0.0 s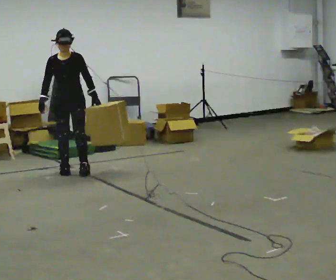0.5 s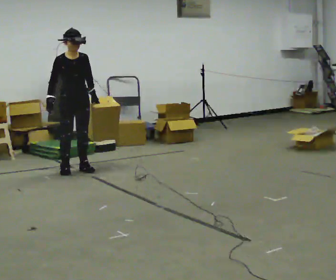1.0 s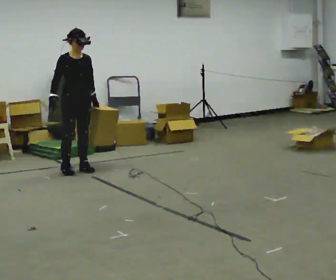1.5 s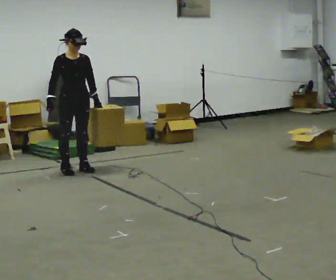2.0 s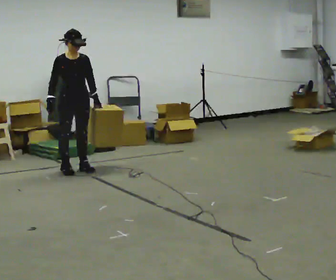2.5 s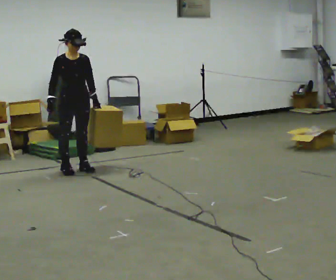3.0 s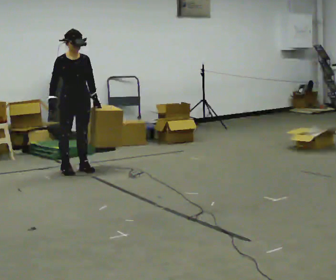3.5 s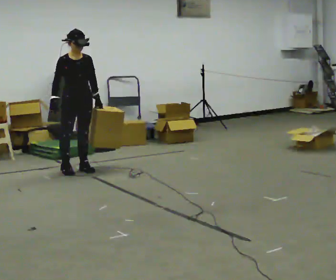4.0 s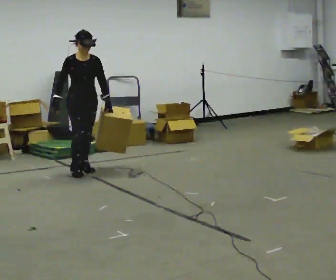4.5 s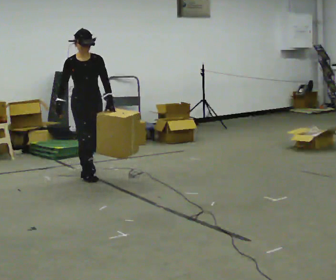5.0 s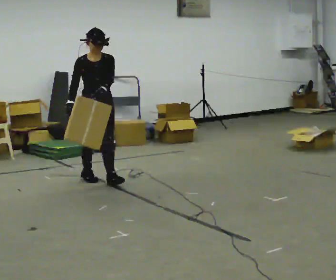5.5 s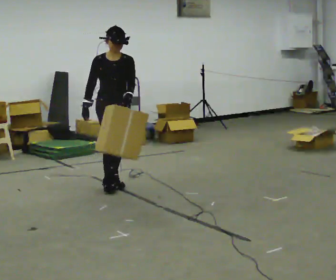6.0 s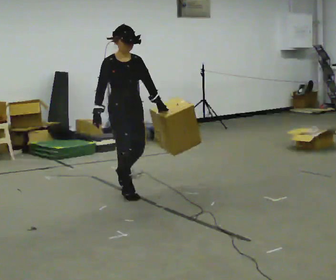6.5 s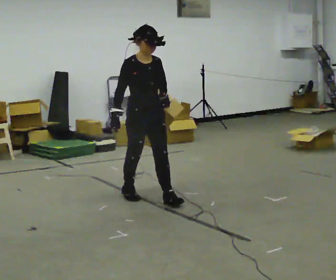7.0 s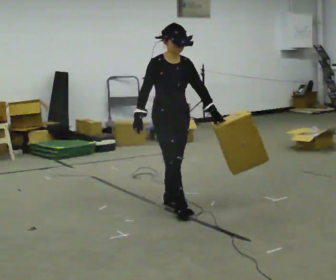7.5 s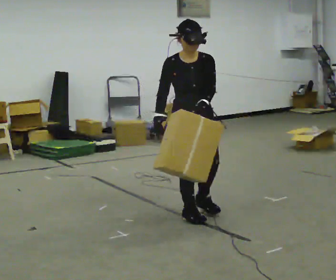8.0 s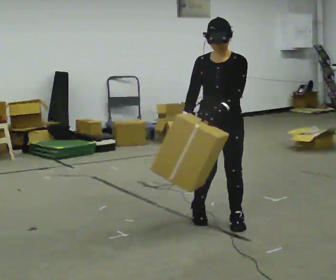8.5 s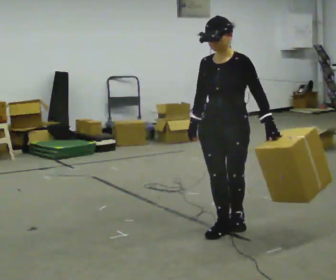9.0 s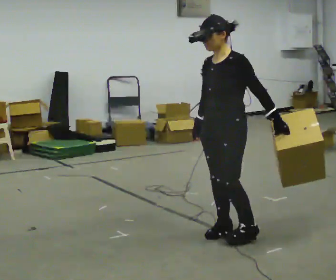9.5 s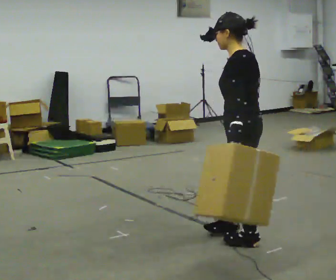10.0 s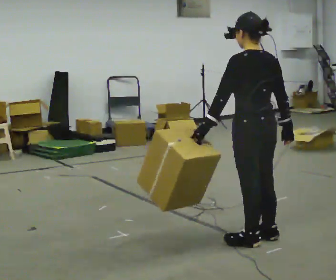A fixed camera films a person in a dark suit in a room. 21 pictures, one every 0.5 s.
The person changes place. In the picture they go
toward the camera.
0.0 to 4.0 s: The person moves a little, or ends about where they began.
4.0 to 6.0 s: In the picture they go toward the camera and to the right, about 1 m in 3 steps, which for them is forward.
6.0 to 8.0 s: The person turns about 45 degrees to their right, clockwise seen from above, so the part of the body nearest the lens slides to the left. In the picture they go toward the camera and to the right, about 1 m in 3 steps, which for them is forward.
8.0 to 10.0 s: The part of the body nearest the lens slides to the left as the person turns to their right by about 135 degrees. In the picture they go toward the camera, about 0.5 m in 3 steps.
The film runs forward here.
